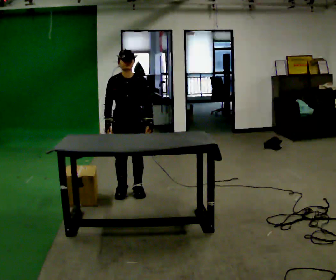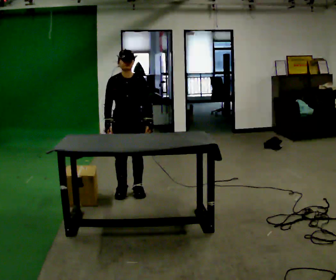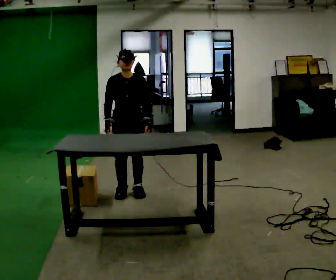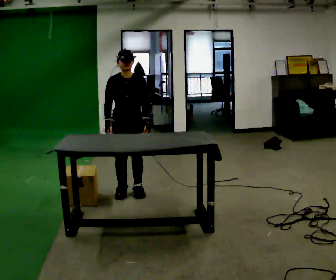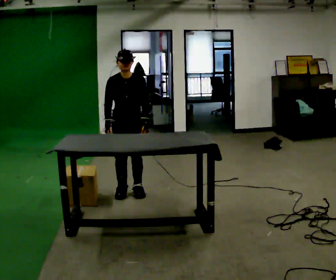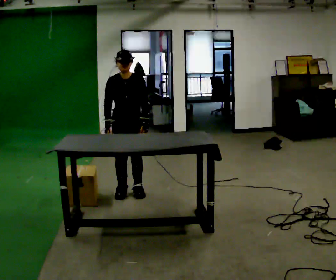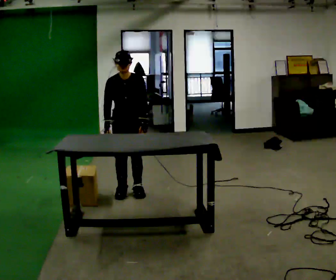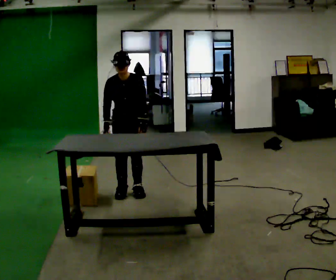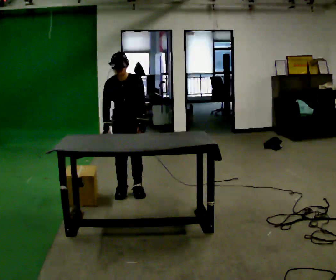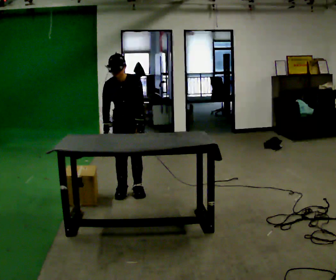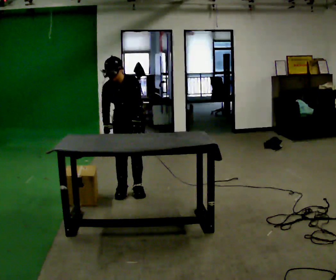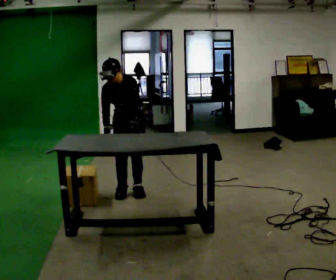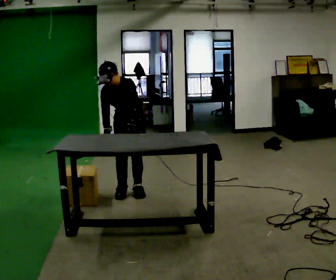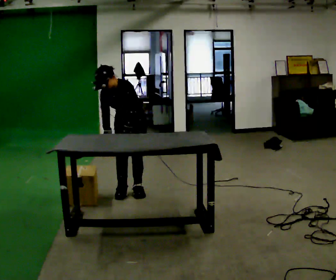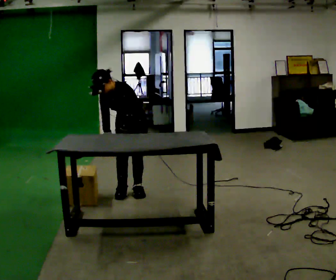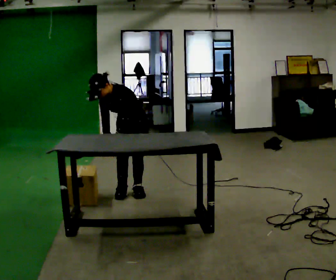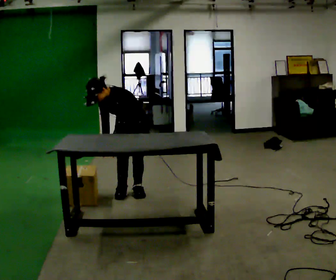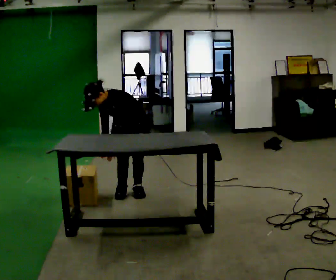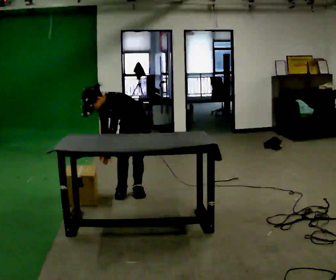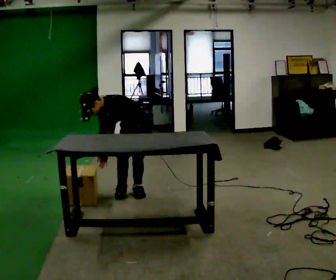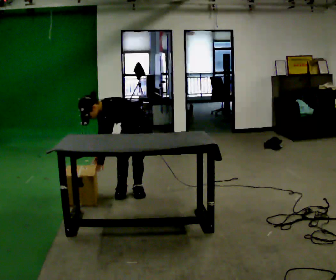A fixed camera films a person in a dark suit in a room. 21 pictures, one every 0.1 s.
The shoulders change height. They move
downward.
The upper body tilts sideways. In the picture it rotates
counterclockwise.
0.0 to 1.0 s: The person moves a little, or ends about where they began.
1.0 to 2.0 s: Seen from above the body turns clockwise, about 45 degrees: to their right, with its near side sliding to the left. The shoulders move downward. In the picture the upper body tilts counterclockwise, shoulders to the left, as they bend forward. In the picture their left hand goes to the left.
The film runs backward here.
